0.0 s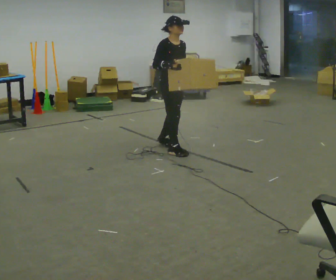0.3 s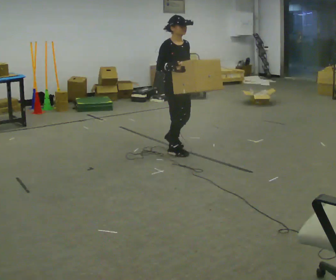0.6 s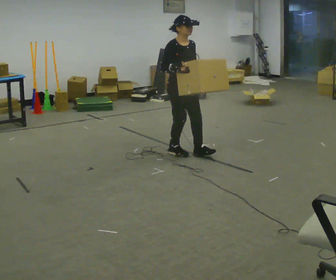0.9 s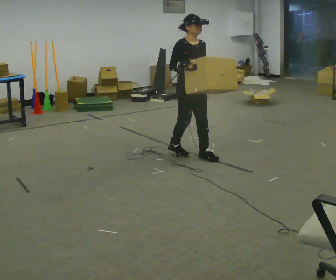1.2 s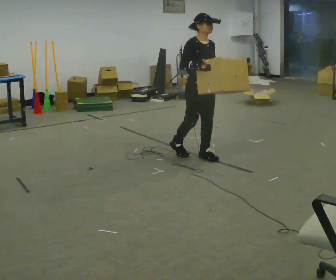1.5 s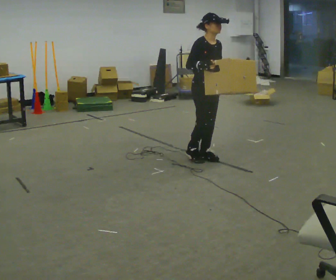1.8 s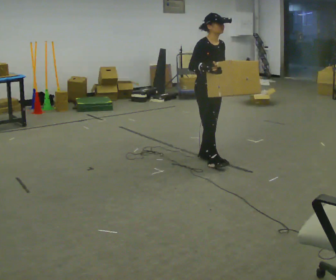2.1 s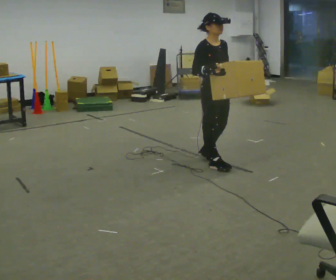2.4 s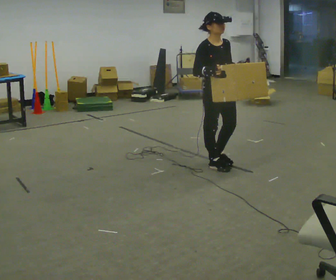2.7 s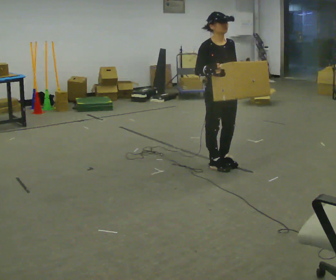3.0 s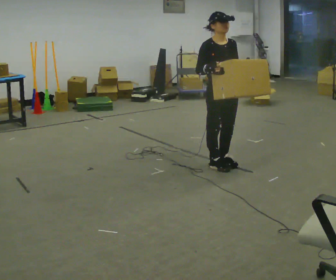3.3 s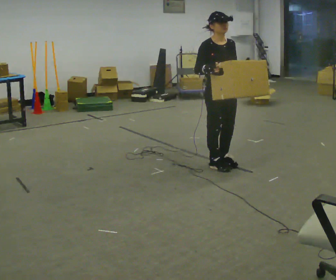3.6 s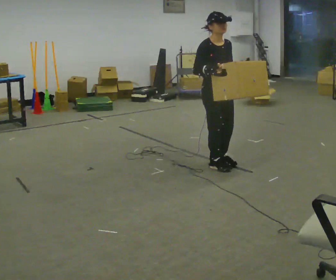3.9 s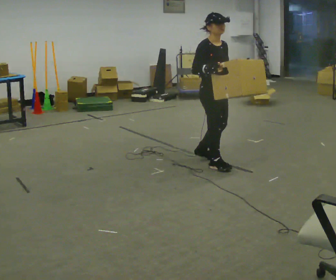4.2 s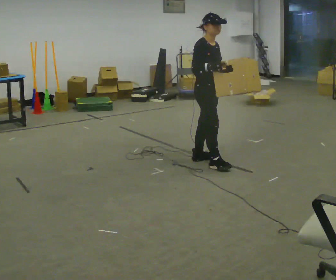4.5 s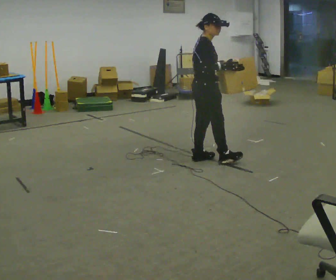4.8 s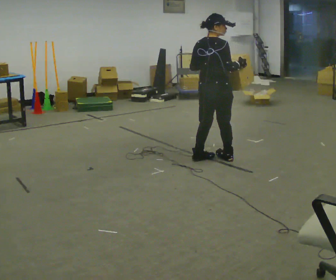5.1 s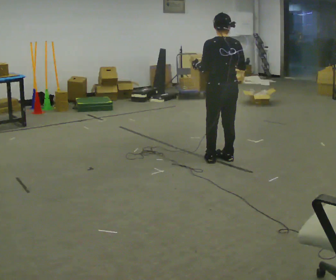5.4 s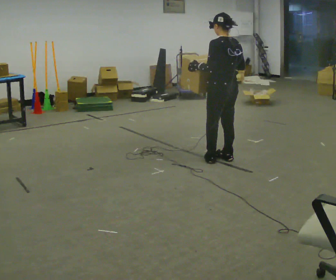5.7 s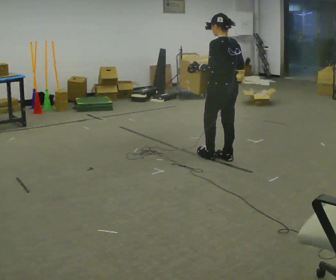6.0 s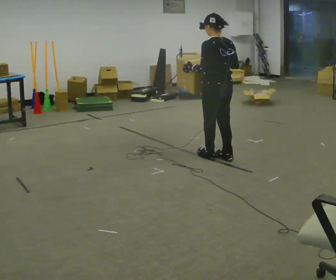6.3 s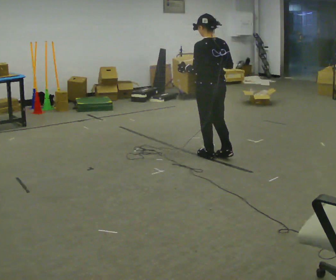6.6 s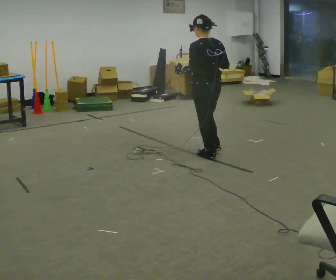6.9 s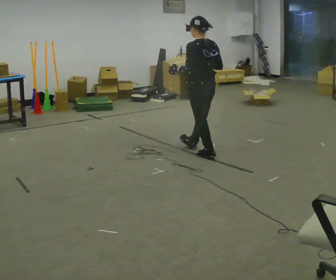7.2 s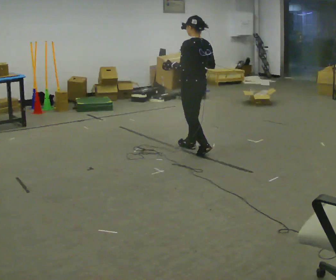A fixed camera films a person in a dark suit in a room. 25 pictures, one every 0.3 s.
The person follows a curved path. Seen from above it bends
counterclockwise.
0.0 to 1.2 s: In the picture they go toward the camera and to the right, about 0.5 m in 1 step, which for them is forward.
1.2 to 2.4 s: In the picture they go toward the camera and to the right, about 0.25 m in 2 steps, which for them is forward.
2.4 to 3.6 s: The person moves a little, or ends about where they began.
3.6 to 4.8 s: The person turns about 105 degrees to their left, counterclockwise seen from above, so the part of the body nearest the lens slides to the right. In the picture they go away from the camera, about 0.25 m in 1 step. In the picture their right hand goes to the right.
4.8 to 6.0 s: The person turns about 75 degrees to their left, counterclockwise seen from above, so the part of the body nearest the lens slides to the right.
6.0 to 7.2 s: In the picture they go away from the camera and to the left, about 0.5 m in 2 steps, which for them is forward.
The film runs backward here.
